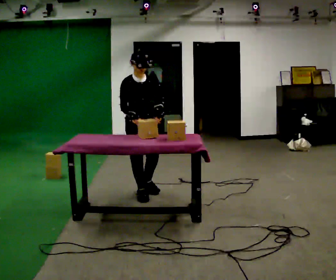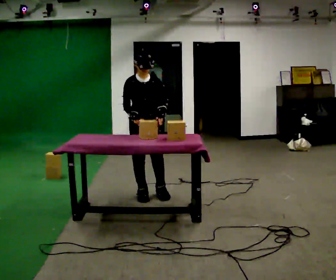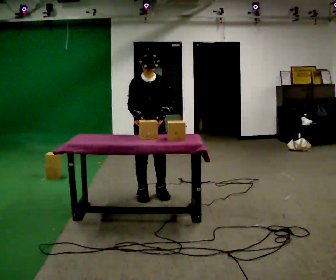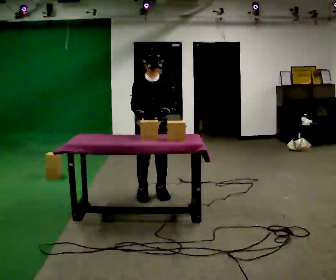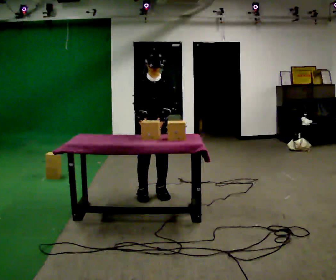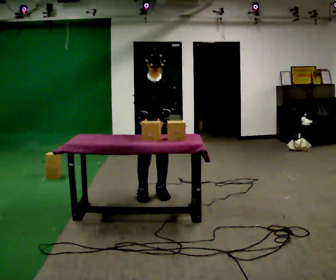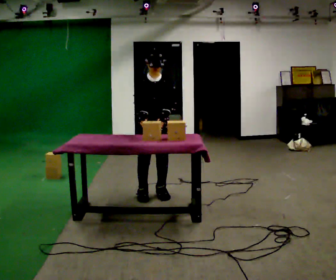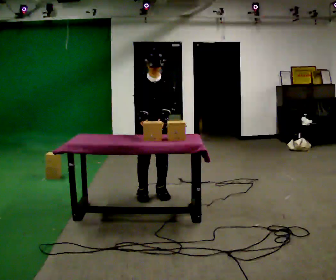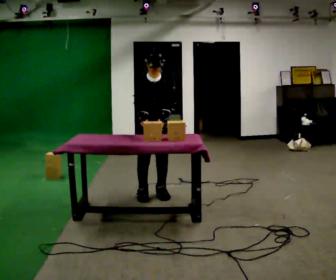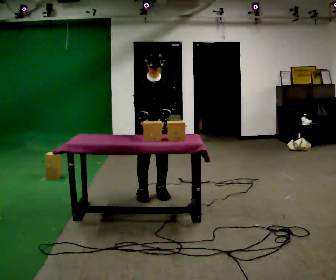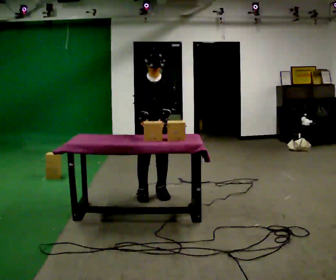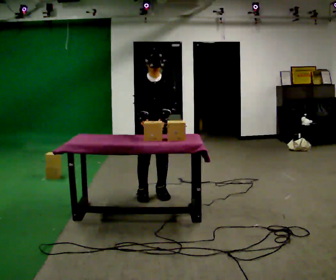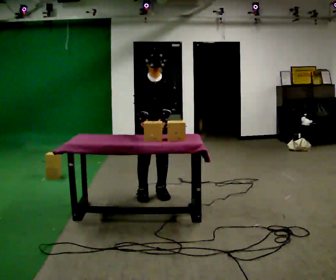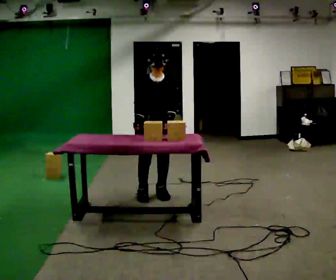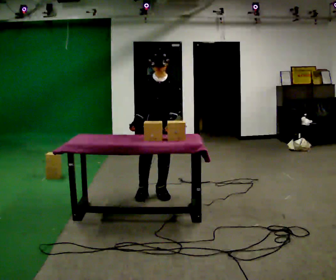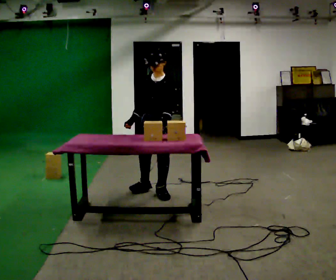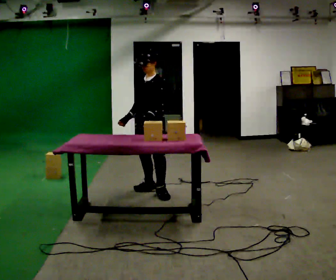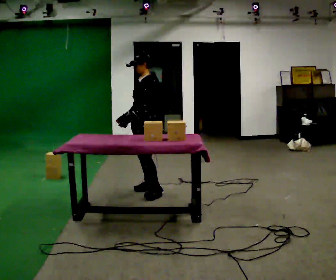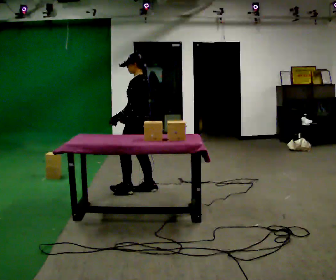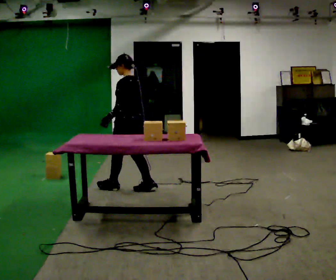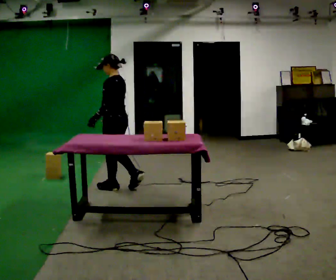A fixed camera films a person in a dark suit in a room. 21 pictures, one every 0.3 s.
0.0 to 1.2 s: In the picture they go to the right, about 0.25 m in 1 step, which for them is to their left.
1.2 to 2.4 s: The person moves a little, or ends about where they began.
2.4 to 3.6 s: The person keeps their place and pose.
3.6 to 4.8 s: The person turns about 60 degrees to their right, clockwise seen from above, so the part of the body nearest the lens slides to the left.
4.8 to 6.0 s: The person turns about 60 degrees to their right, clockwise seen from above, so the part of the body nearest the lens slides to the left. In the picture they go to the left, about 0.5 m in 1 step.
The film runs forward here.
